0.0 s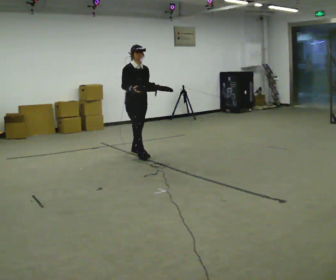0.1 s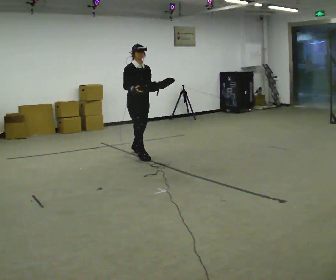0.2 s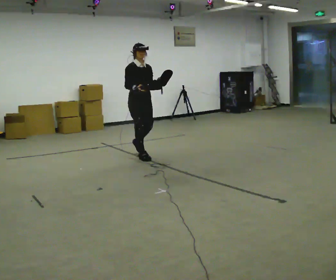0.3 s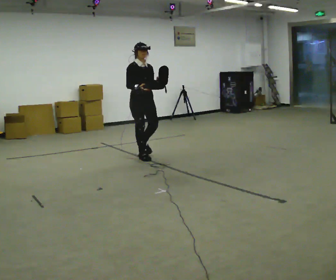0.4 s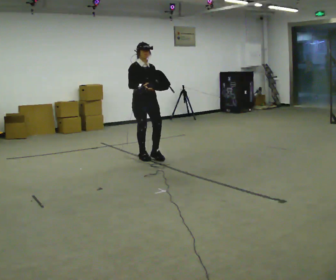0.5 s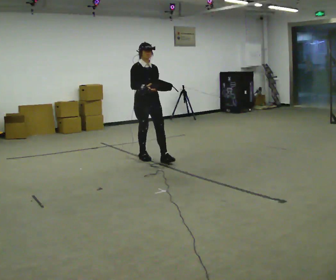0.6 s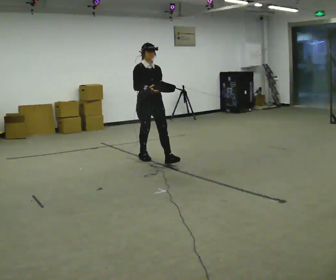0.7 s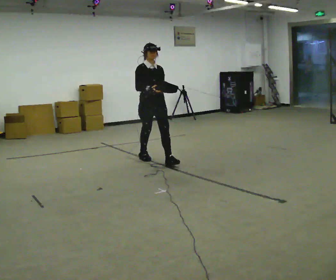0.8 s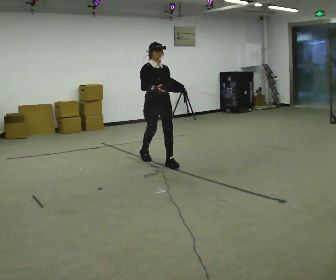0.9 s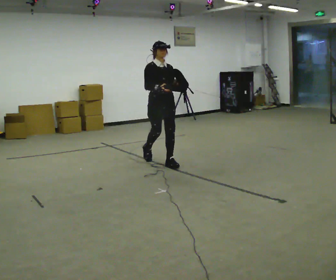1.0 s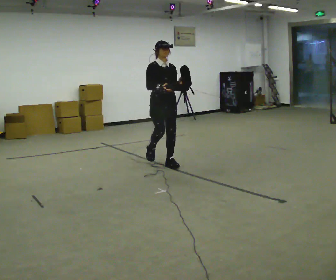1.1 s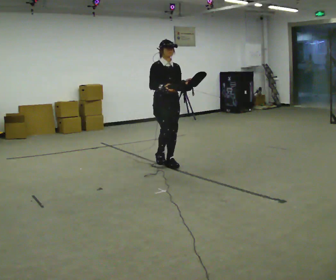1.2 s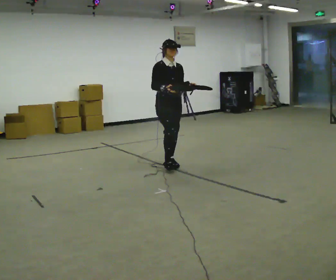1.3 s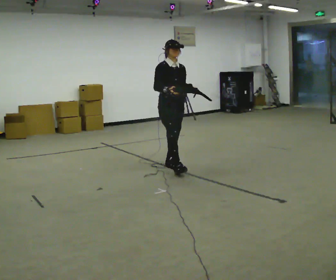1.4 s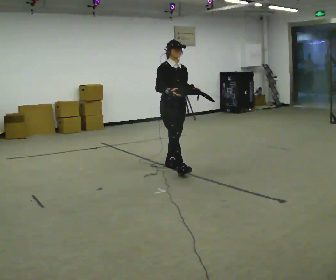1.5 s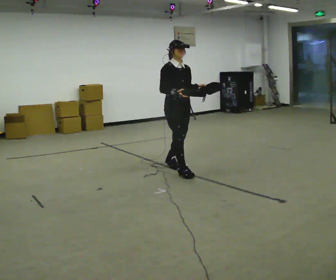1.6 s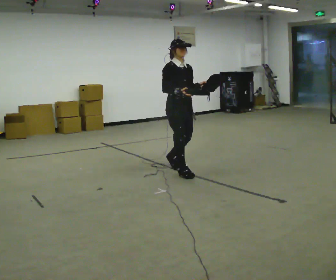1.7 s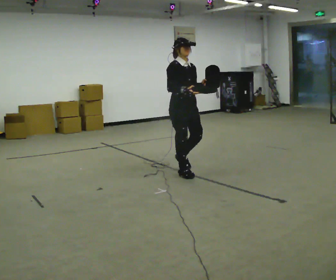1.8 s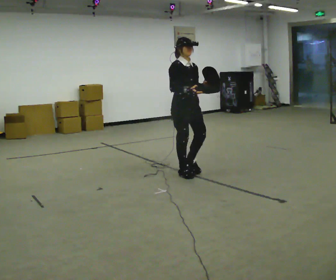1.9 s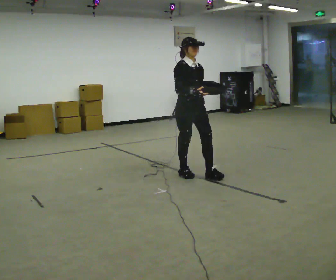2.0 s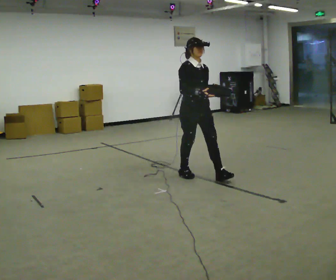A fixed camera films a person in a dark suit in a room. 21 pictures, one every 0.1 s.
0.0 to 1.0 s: In the picture they go toward the camera and to the right, about 0.5 m in 1 step, which for them is forward.
1.0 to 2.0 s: In the picture they go toward the camera and to the right, about 0.5 m in 1 step, which for them is forward.
The film runs forward here.
